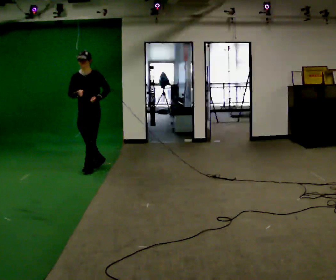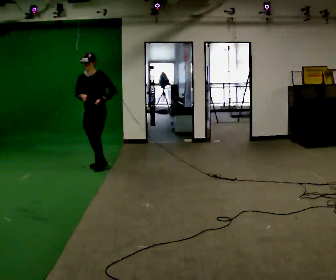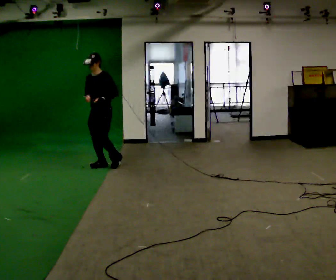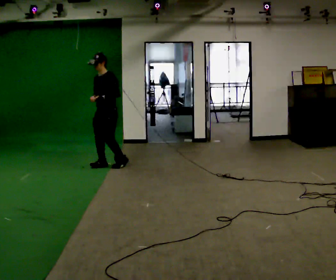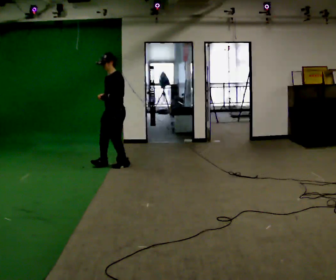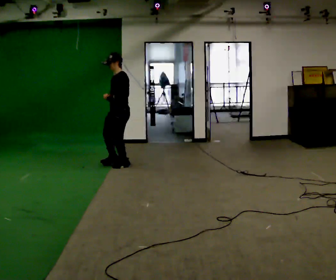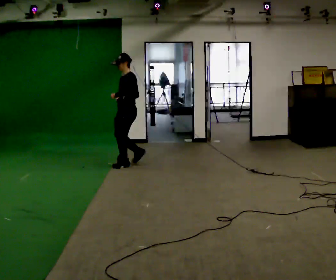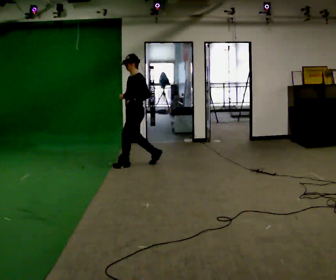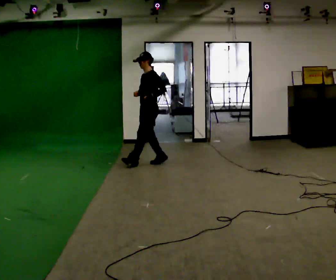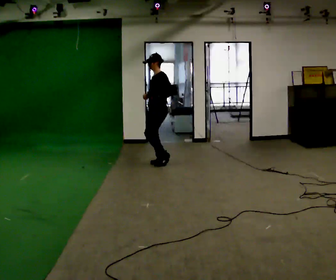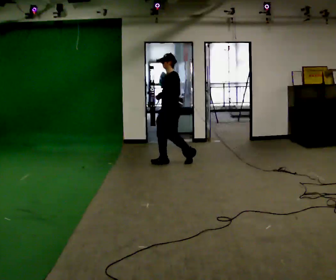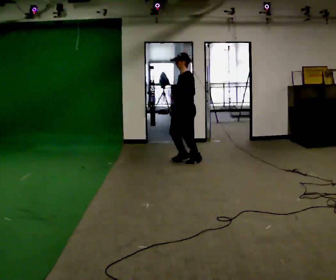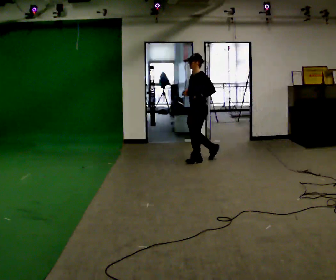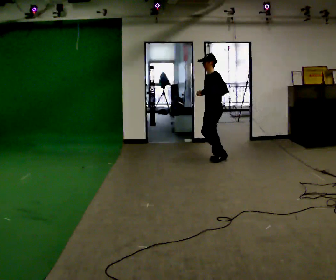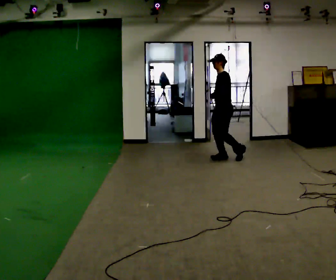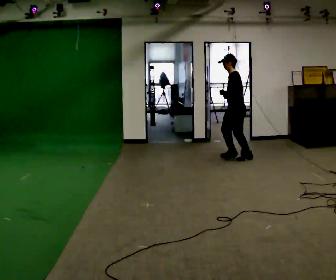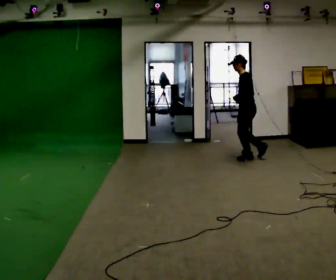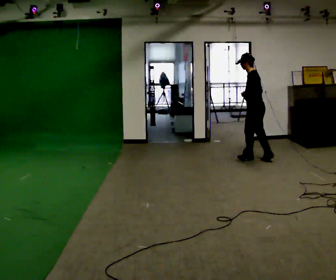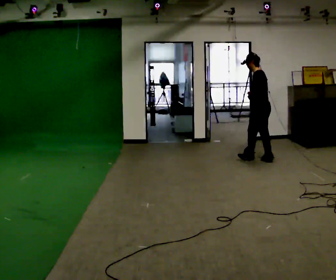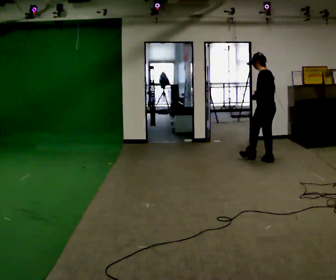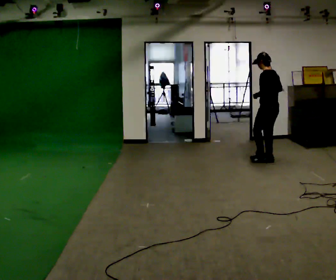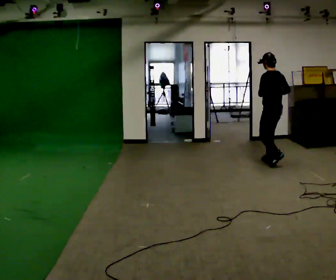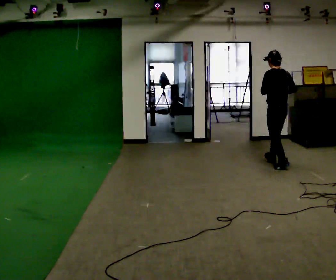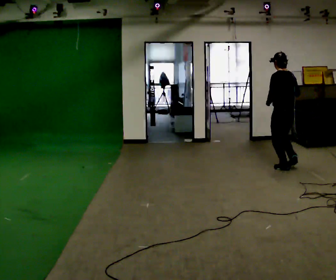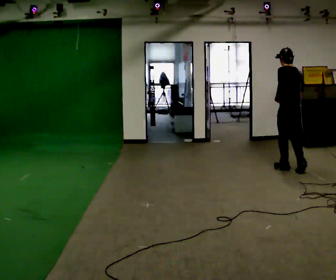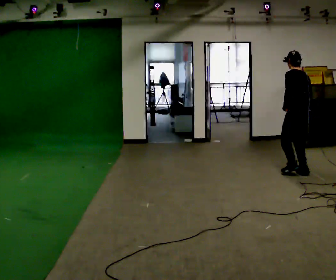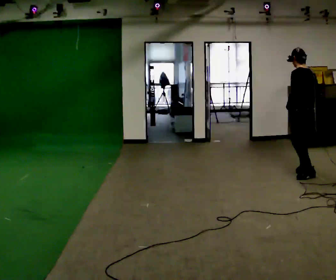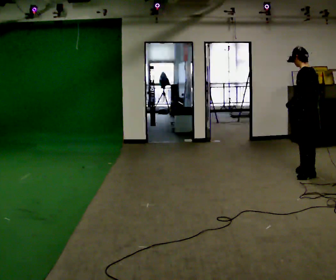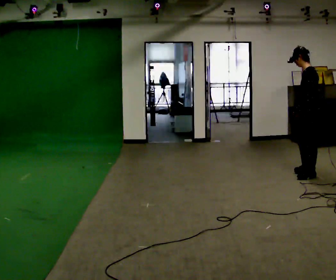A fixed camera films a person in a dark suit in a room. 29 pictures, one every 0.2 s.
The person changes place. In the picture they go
to the right.
The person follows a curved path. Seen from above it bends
clockwise.
0.0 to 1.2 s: Seen from above the body turns clockwise, about 60 degrees: to their right, with its near side sliding to the left. In the picture they go to the right and away from the camera, about 0.5 m in 2 steps, which for them is backward.
1.2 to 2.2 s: In the picture they go to the right and away from the camera, about 1 m in 2 steps, which for them is backward.
2.2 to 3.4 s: The person turns about 45 degrees to their right, clockwise seen from above, so the part of the body nearest the lens slides to the left. In the picture they go to the right, about 1 m in 2 steps, which for them is backward.
3.4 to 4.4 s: Seen from above the body turns clockwise, about 30 degrees: to their right, with its near side sliding to the left. In the picture they go toward the camera and to the right, about 0.5 m in 2 steps, which for them is backward and to their left.
4.4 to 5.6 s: The person turns about 30 degrees to their left, counterclockwise seen from above, so the part of the body nearest the lens slides to the right. In the picture they go toward the camera and to the right, about 0.5 m in 1 step, which for them is backward.
The film runs backward here.
